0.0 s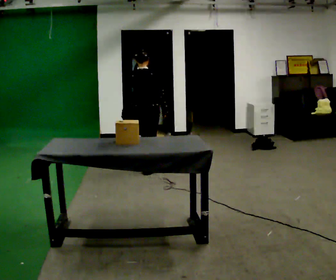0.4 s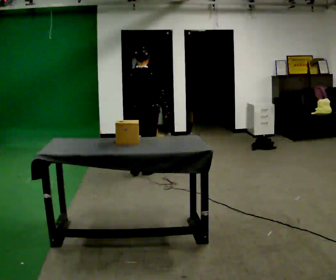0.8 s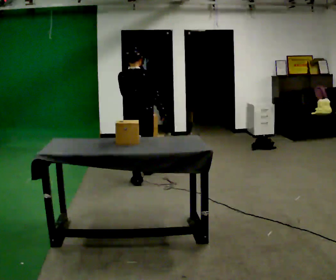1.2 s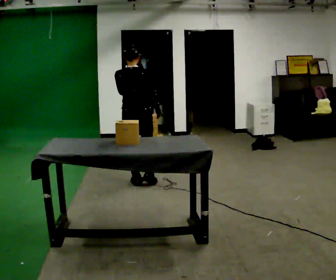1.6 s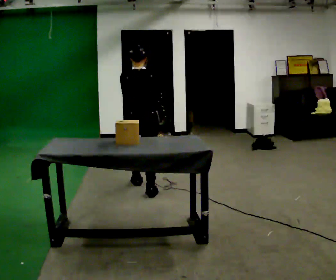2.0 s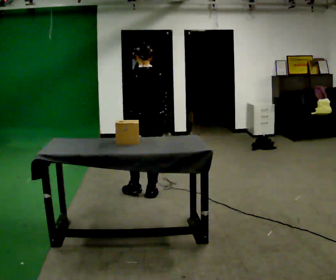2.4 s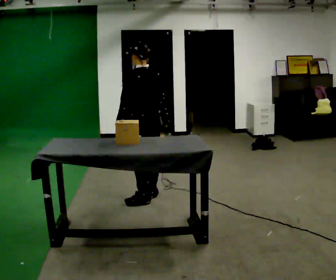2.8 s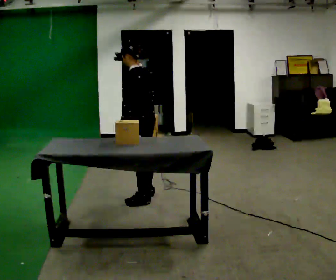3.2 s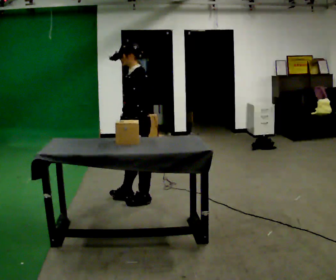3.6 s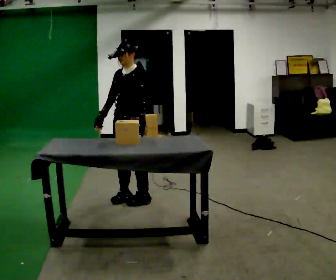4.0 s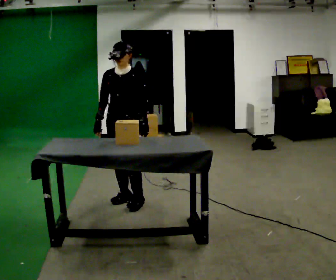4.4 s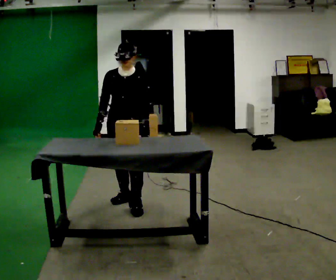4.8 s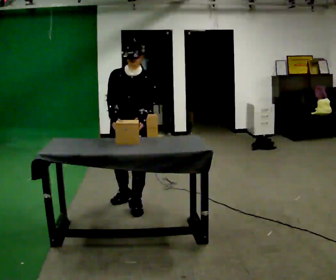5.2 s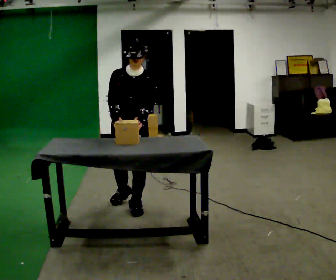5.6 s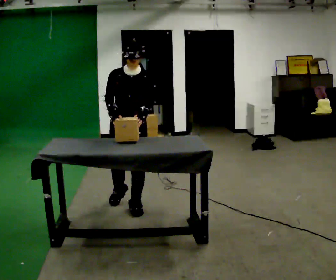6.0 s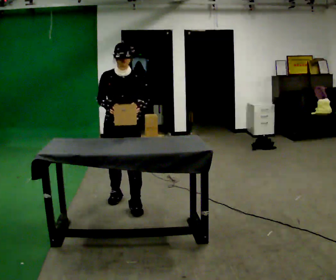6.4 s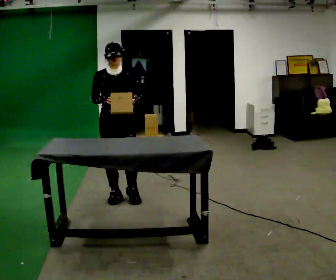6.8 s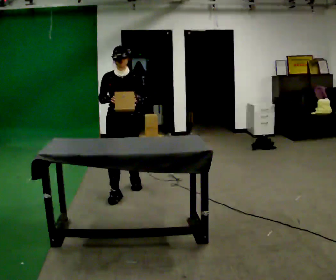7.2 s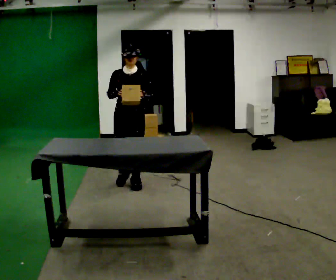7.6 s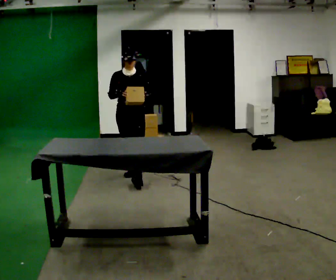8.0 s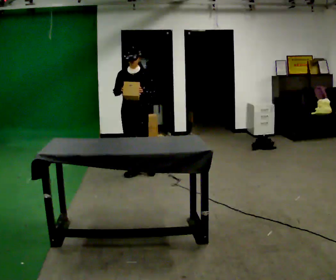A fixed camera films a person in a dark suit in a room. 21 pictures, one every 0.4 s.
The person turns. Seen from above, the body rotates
counterclockwise.
The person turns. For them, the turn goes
to their left.
0.0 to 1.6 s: In the picture they go toward the camera, about 1 m in 2 steps, which for them is backward.
1.6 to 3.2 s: Seen from above the body turns counterclockwise, about 90 degrees: to their left, with its near side sliding to the right. In the picture they go toward the camera, about 0.5 m in 2 steps.
3.2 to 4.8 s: The part of the body nearest the lens slides to the right as the person turns to their left by about 75 degrees. In the picture the upper body tilts clockwise, shoulders to the right.
4.8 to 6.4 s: In the picture they go away from the camera, about 0.25 m in 1 step, which for them is backward and to their right.
6.4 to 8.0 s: In the picture they go away from the camera, about 1 m in 2 steps, which for them is backward.
The film runs backward here.
